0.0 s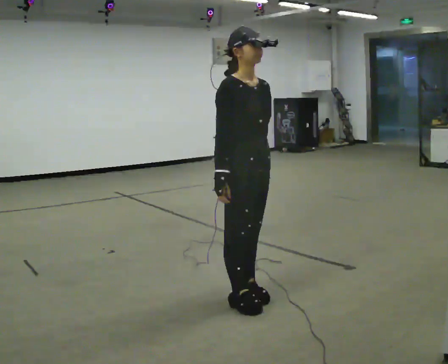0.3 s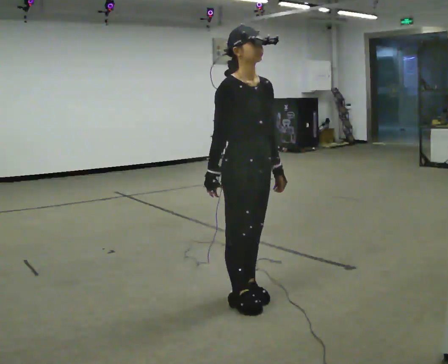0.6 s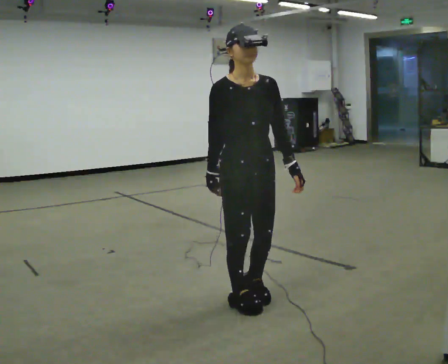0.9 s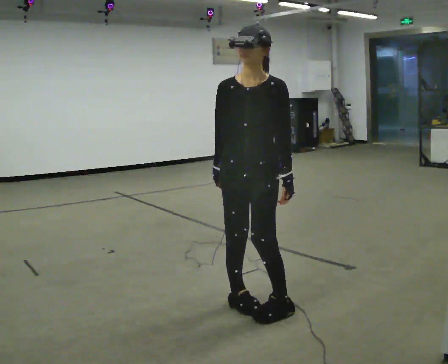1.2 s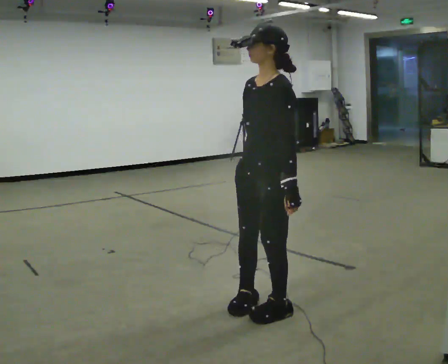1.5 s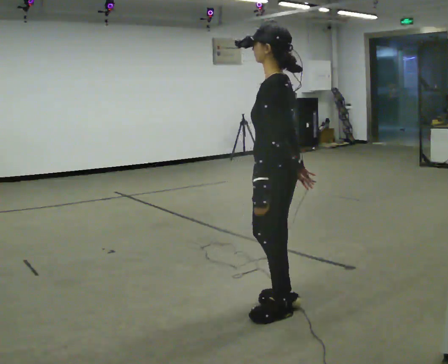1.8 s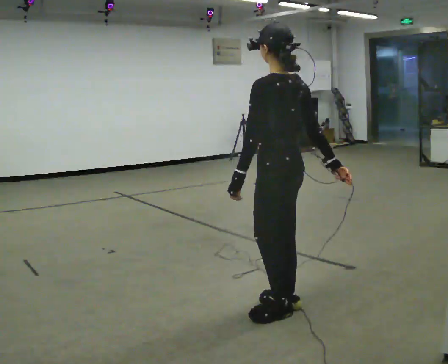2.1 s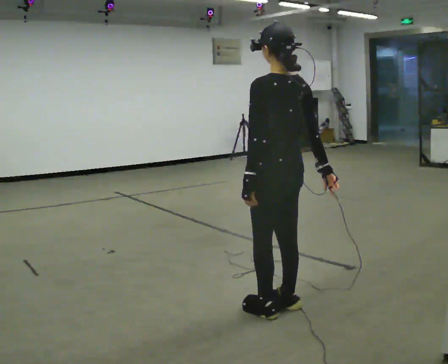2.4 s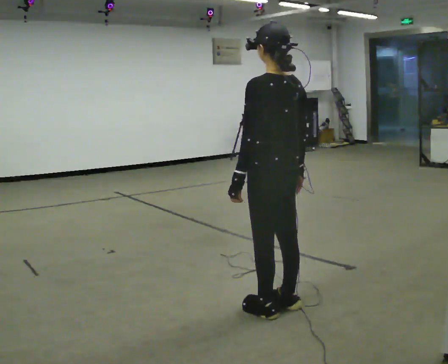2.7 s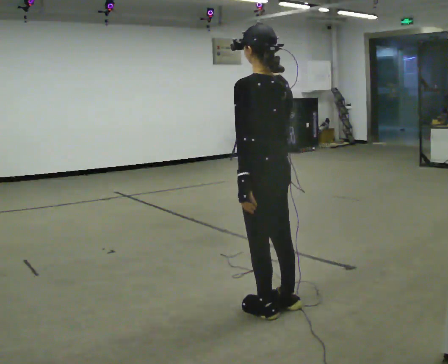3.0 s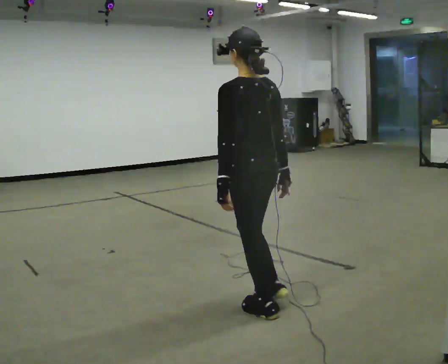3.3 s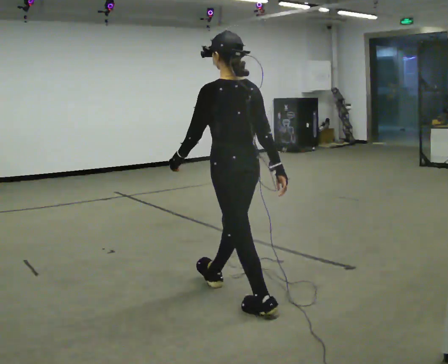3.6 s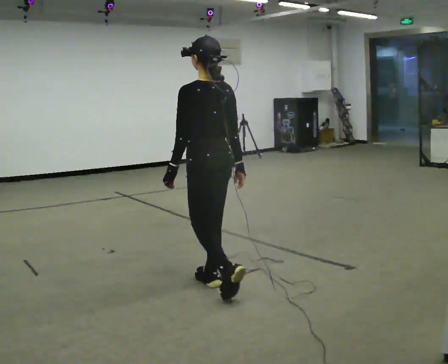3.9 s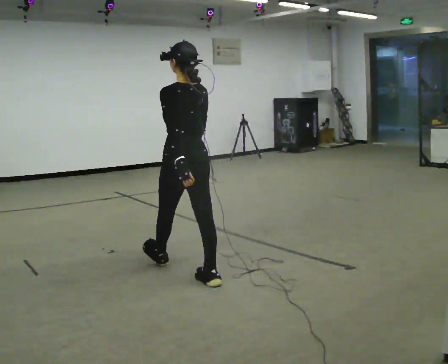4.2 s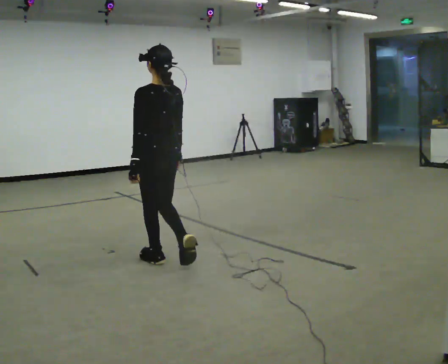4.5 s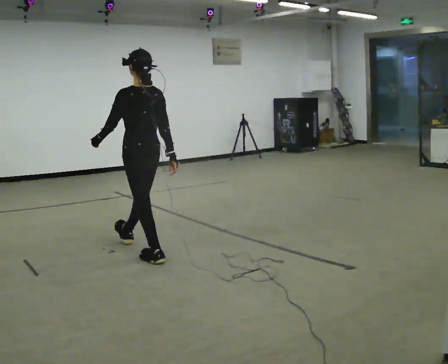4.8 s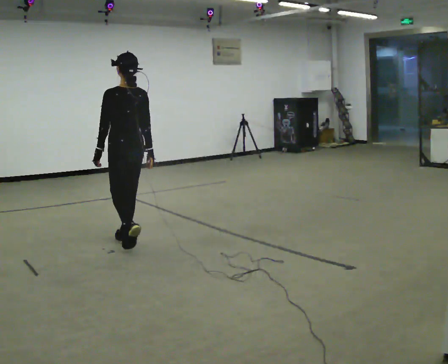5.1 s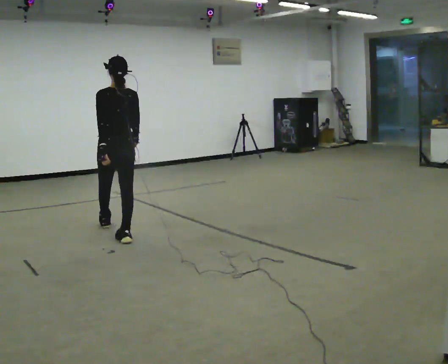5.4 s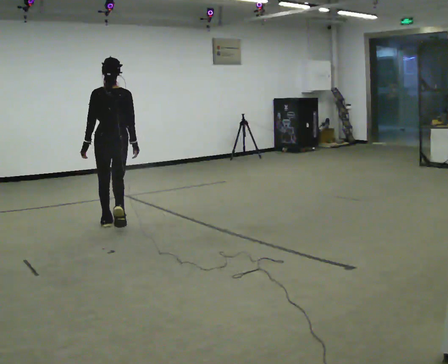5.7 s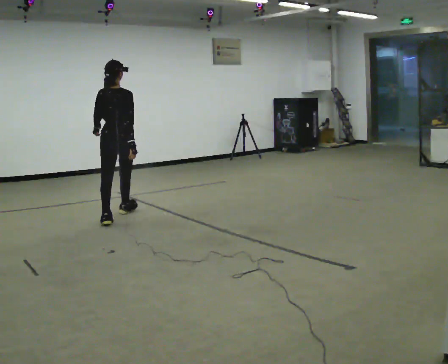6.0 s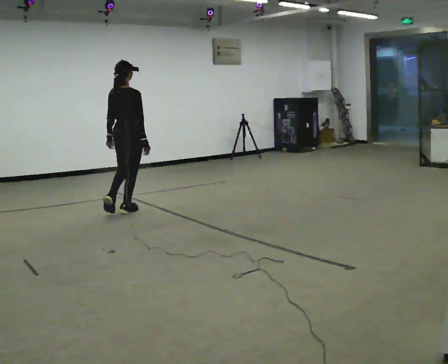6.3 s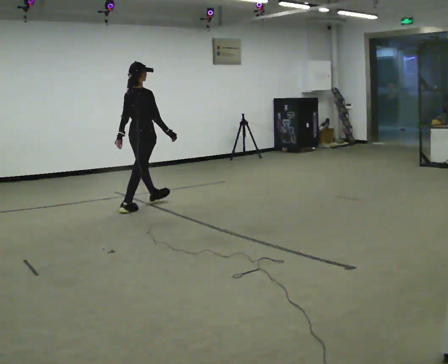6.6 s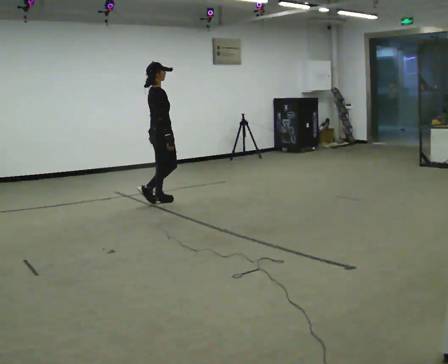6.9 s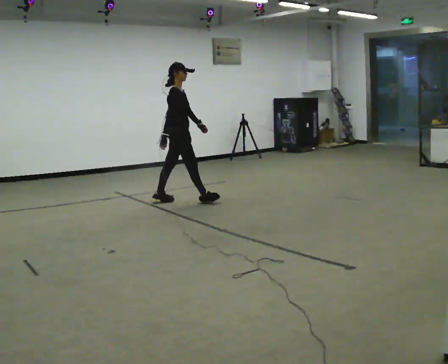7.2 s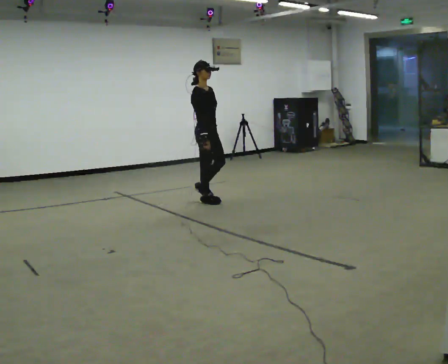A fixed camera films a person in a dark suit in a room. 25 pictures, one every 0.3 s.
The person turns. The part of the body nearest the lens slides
to the left.
The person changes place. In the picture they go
away from the camera.
0.0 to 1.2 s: The part of the body nearest the lens slides to the left as the person turns to their right by about 105 degrees. In the picture their right hand goes to the right.
1.2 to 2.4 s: The person turns about 75 degrees to their right, clockwise seen from above, so the part of the body nearest the lens slides to the left.
2.4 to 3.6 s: In the picture they go away from the camera and to the left, about 0.5 m in 1 step, which for them is forward.
3.6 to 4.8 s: In the picture they go away from the camera and to the left, about 1 m in 2 steps, which for them is forward.
4.8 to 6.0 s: The person turns about 60 degrees to their right, clockwise seen from above, so the part of the body nearest the lens slides to the left. In the picture they go away from the camera, about 1 m in 2 steps, which for them is forward.
6.0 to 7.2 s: Seen from above the body turns clockwise, about 90 degrees: to their right, with its near side sliding to the left. In the picture they go to the right and away from the camera, about 1 m in 2 steps.
The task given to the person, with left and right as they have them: Walk straight; turn around and walk back; use wide or tight turn.
The film runs forward here.
